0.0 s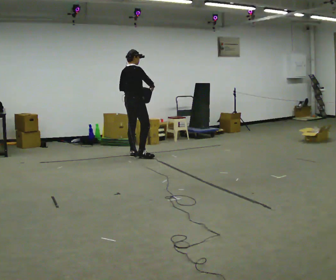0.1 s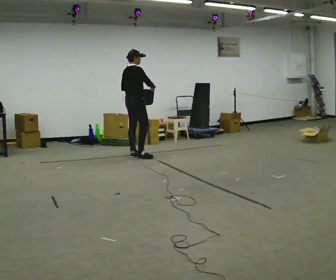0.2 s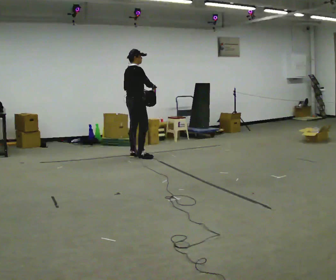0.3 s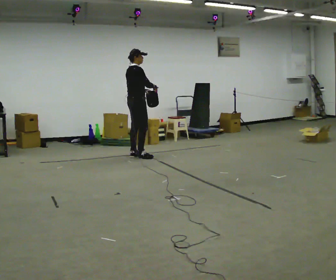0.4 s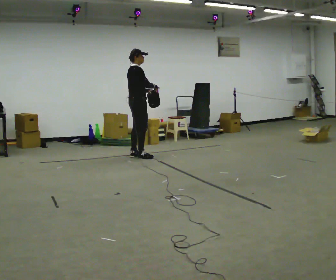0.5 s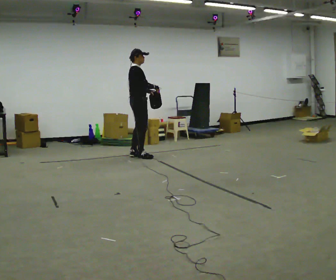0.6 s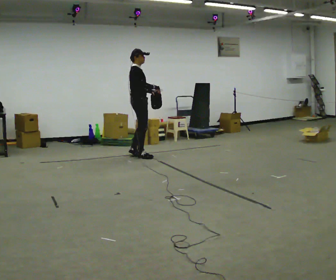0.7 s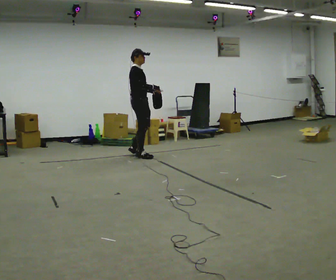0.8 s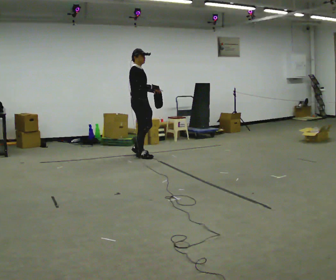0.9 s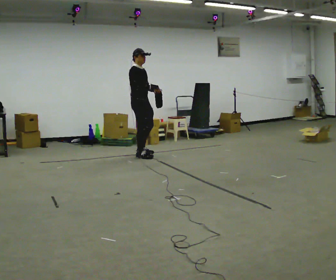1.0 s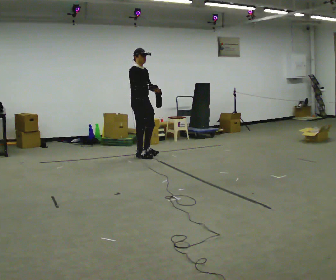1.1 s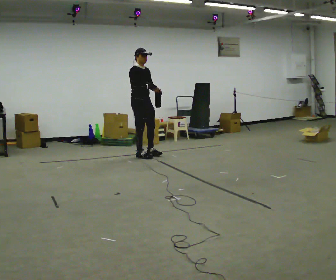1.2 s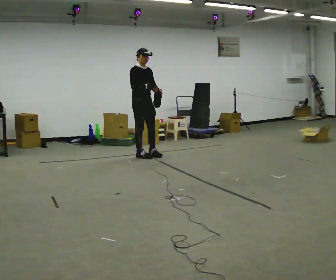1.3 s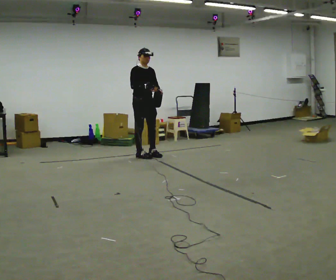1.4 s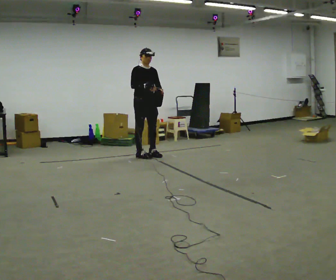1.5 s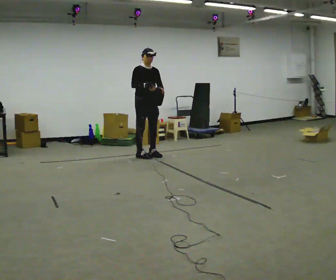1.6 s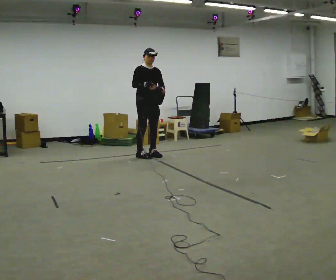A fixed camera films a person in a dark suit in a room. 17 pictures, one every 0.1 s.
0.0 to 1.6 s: The part of the body nearest the lens slides to the left as the person turns to their right by about 105 degrees. In the picture they go to the right, about 0.25 m in 1 step.
The film runs forward here.
